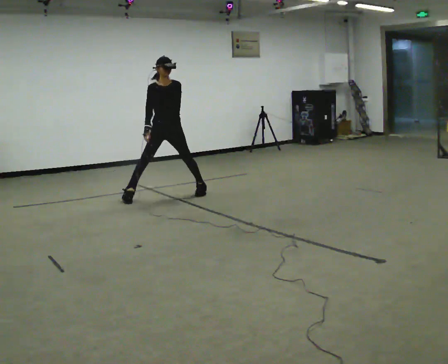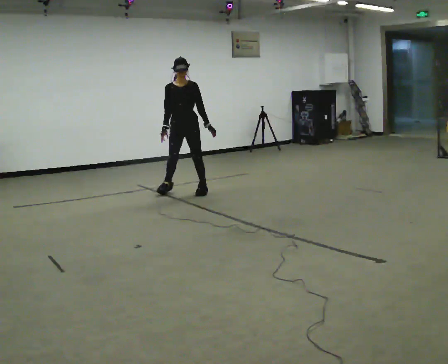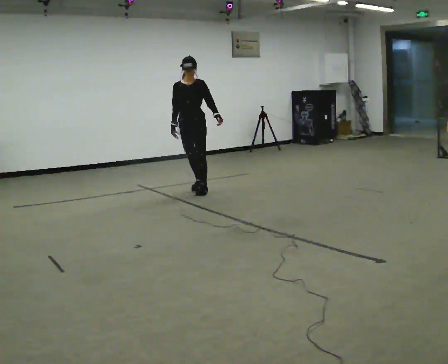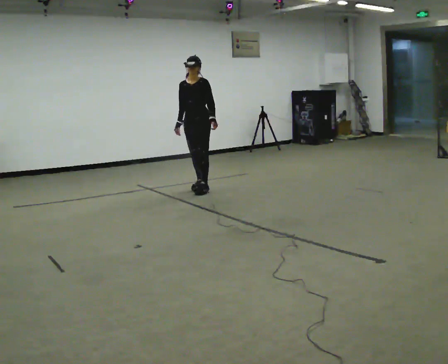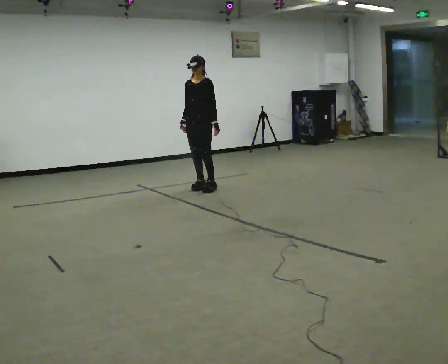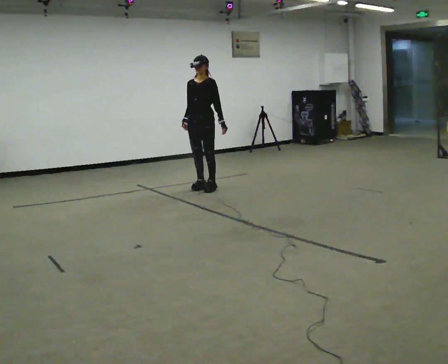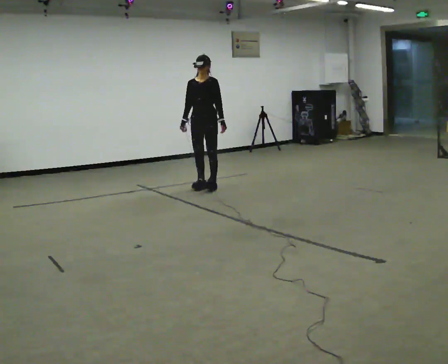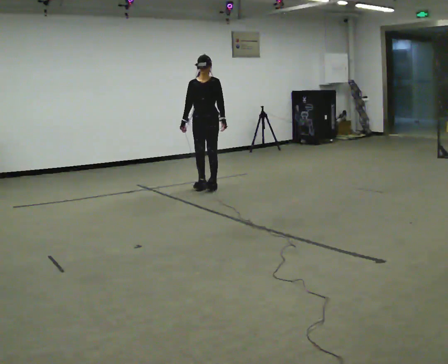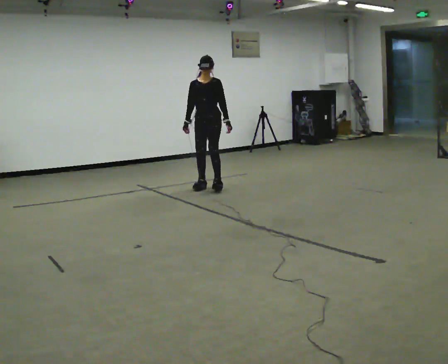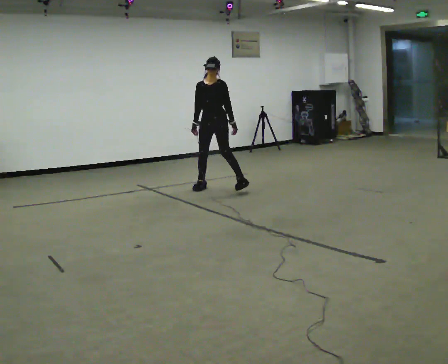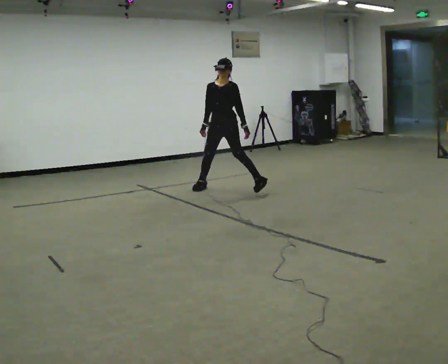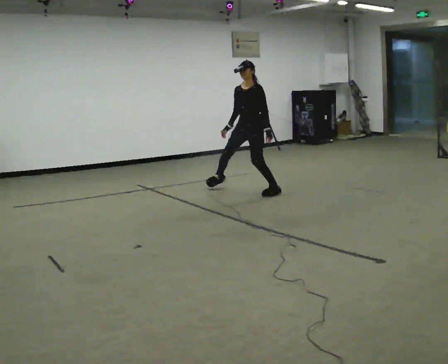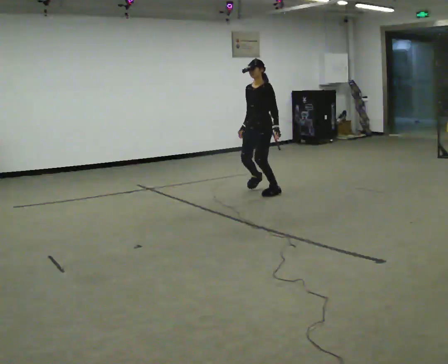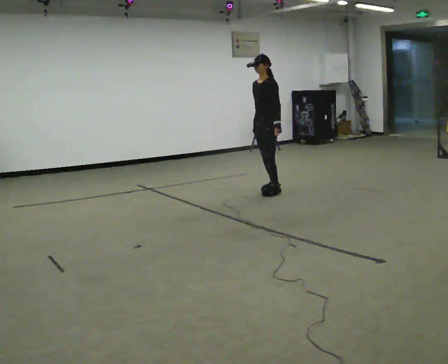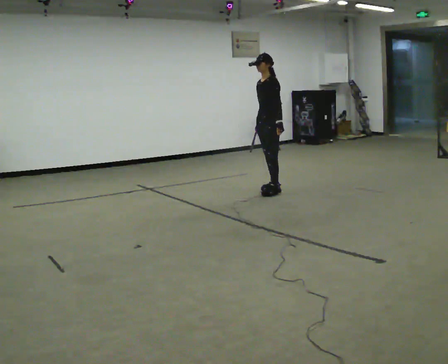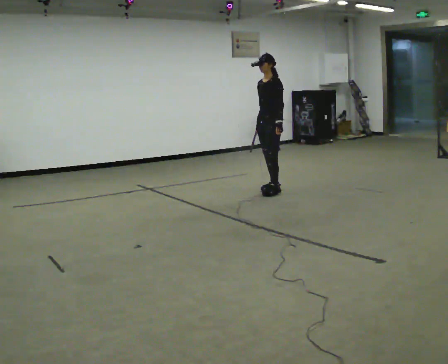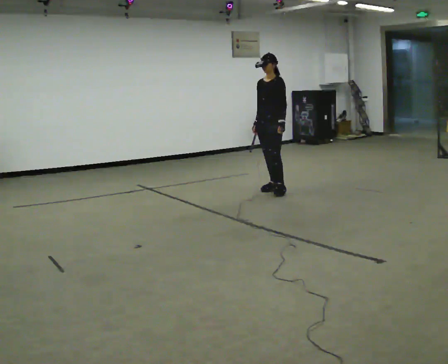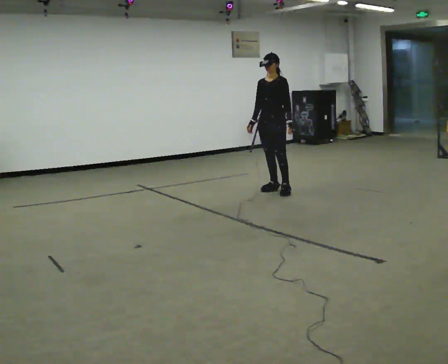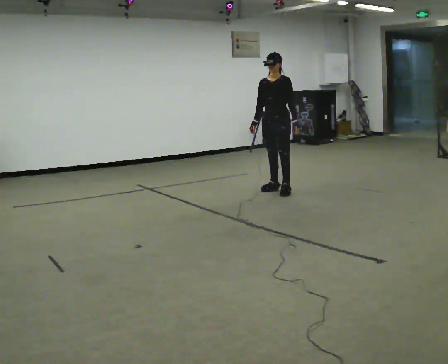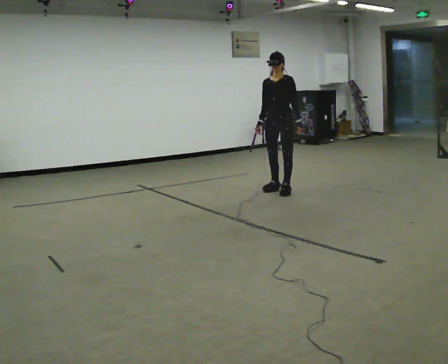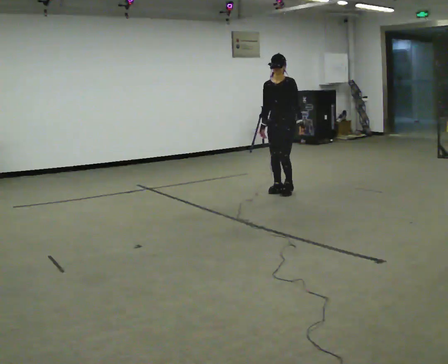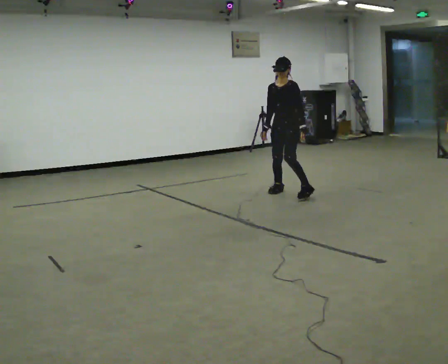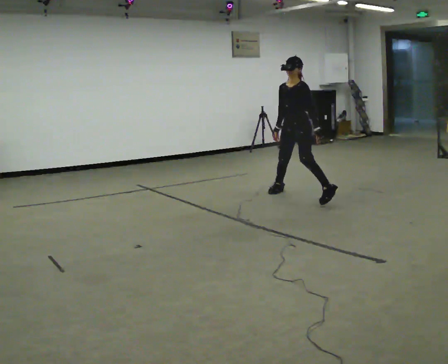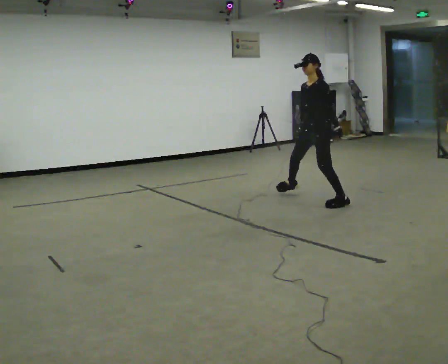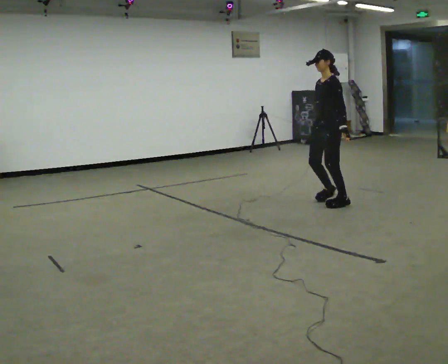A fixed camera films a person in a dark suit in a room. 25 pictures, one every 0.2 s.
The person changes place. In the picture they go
to the right.
0.0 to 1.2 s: The part of the body nearest the lens slides to the left as the person turns to their right by about 30 degrees. In the picture they go away from the camera and to the right, about 0.5 m in 3 steps, which for them is backward.
1.2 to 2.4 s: Seen from above the body turns clockwise, about 30 degrees: to their right, with its near side sliding to the left. In the picture they go to the right and toward the camera, about 0.5 m in 1 step, which for them is to their left.
2.4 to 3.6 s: In the picture they go to the right, about 0.25 m in 1 step, which for them is backward.
3.6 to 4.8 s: The person turns about 45 degrees to their right, clockwise seen from above, so the part of the body nearest the lens slides to the left. In the picture they go toward the camera and to the right, about 1 m in 1 step, which for them is to their left.
The film runs forward here.
